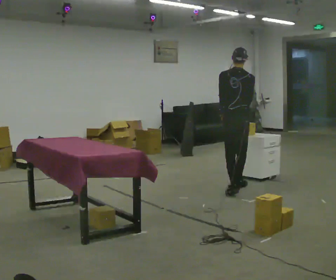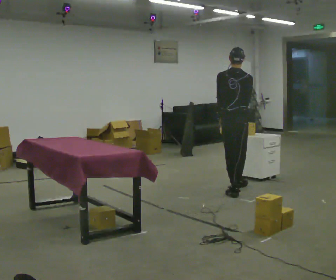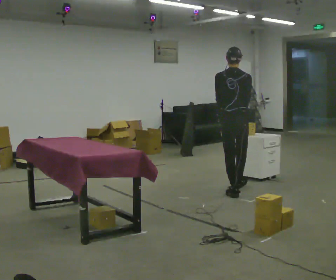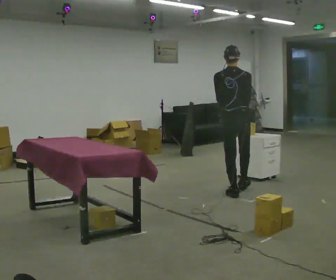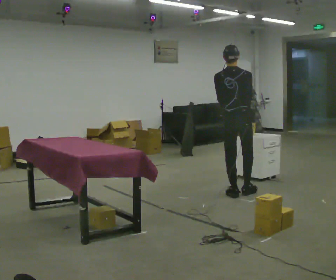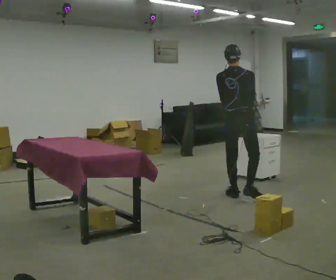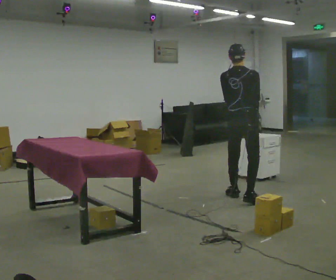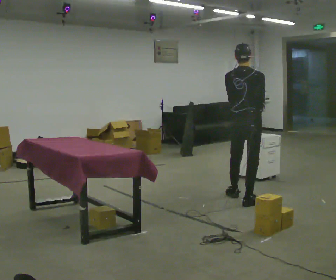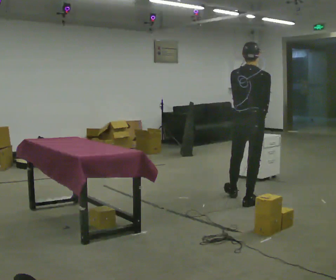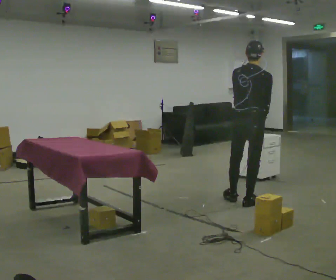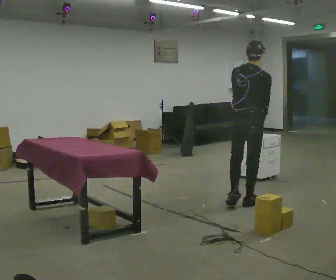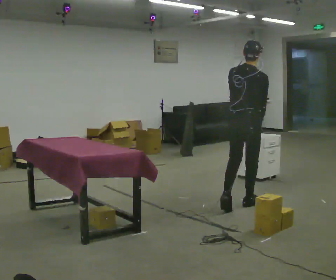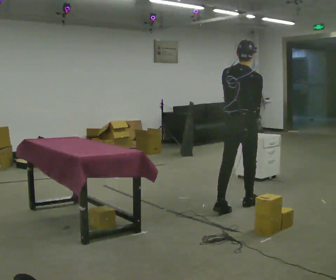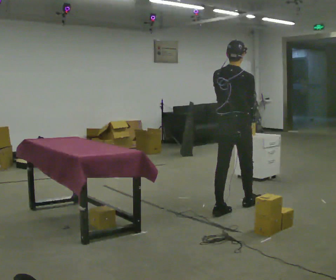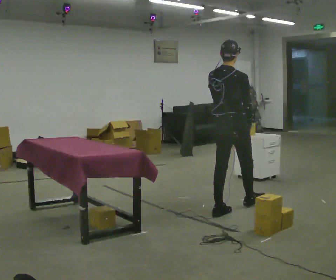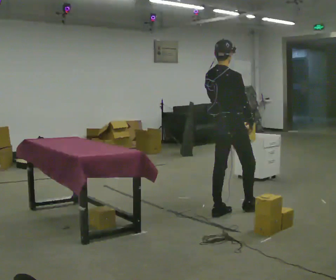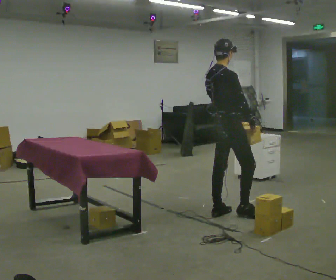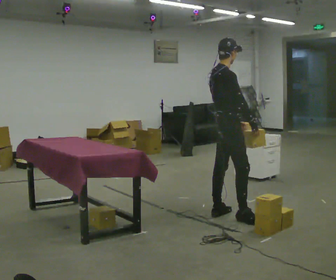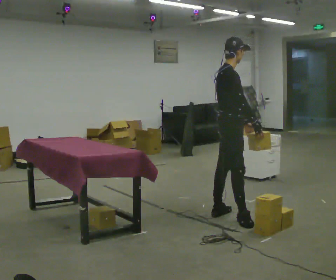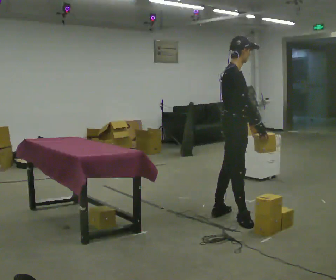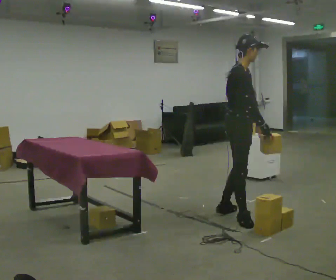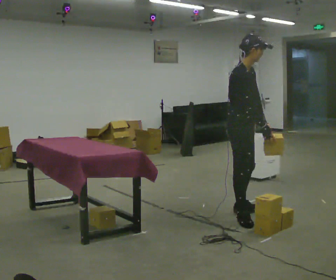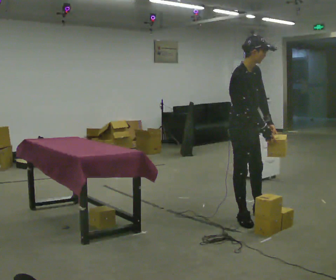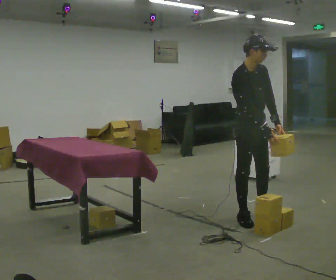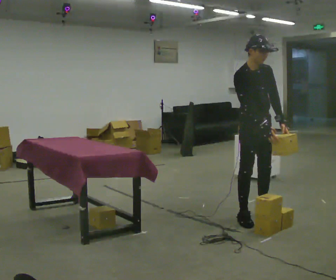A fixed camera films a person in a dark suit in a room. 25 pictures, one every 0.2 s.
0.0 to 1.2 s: In the picture they go toward the camera, about 0.5 m in 1 step, which for them is backward.
1.2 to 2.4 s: In the picture they go toward the camera, about 0.5 m in 1 step, which for them is backward.
2.4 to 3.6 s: Seen from above the body turns clockwise, about 60 degrees: to their right, with its near side sliding to the left. In the picture they go toward the camera and to the left, about 0.25 m in 1 step.
3.6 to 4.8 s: The person turns about 60 degrees to their right, clockwise seen from above, so the part of the body nearest the lens slides to the left. In the picture they go to the right, about 0.25 m in 1 step, which for them is forward. In the picture their left hand goes to the right.
The film runs backward here.
